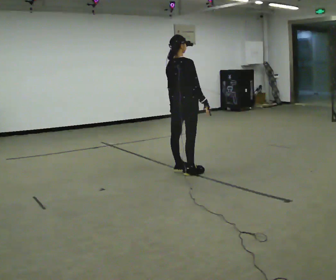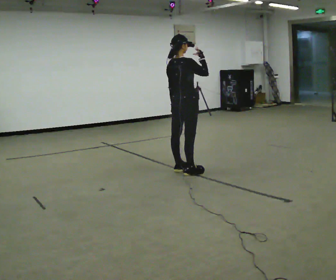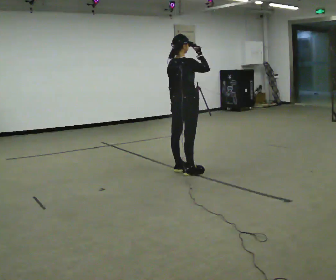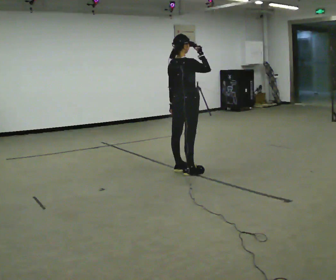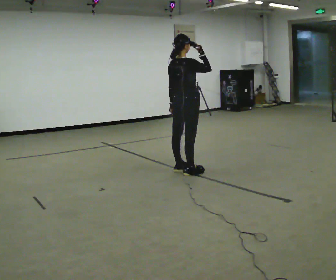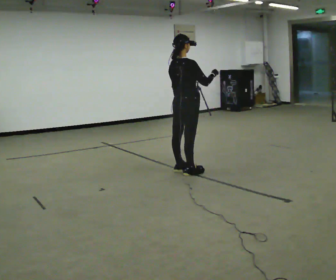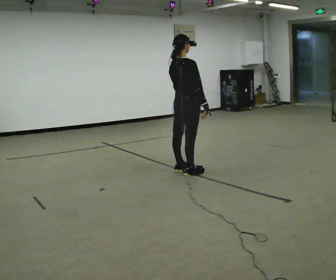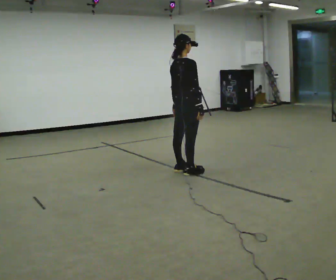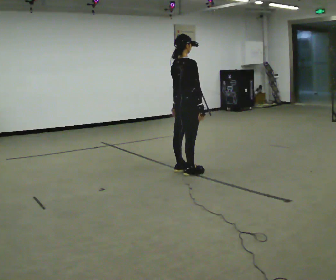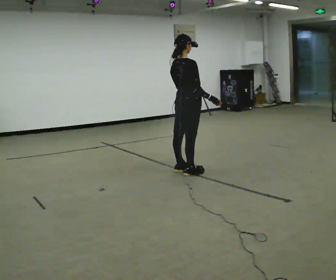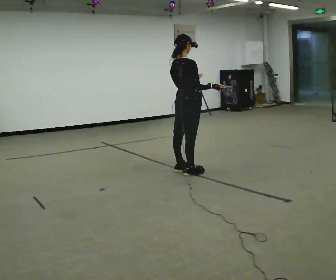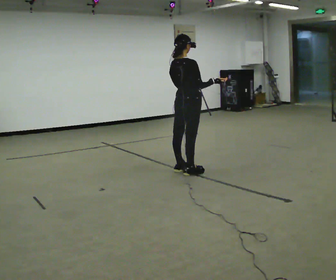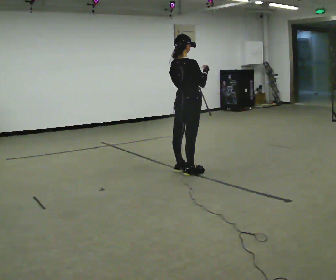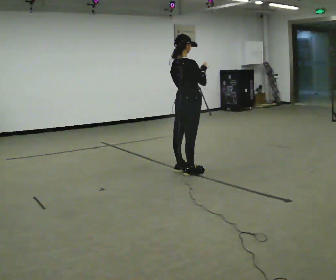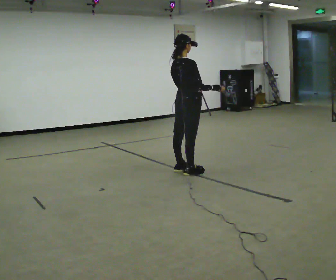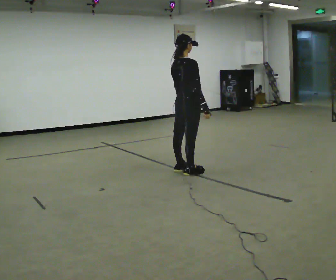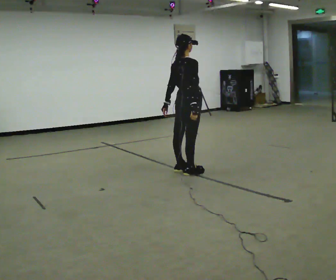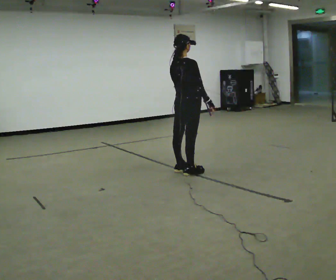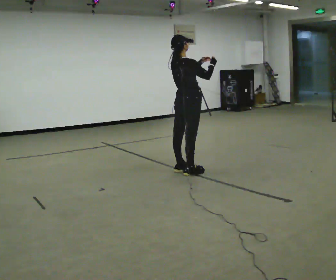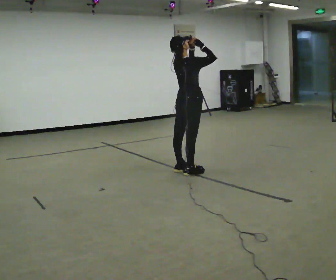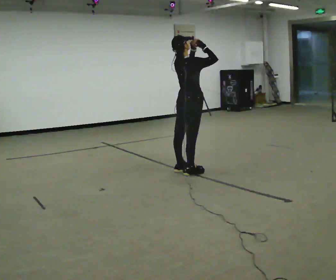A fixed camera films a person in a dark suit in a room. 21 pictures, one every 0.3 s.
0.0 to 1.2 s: In the picture their right hand goes upward.
1.2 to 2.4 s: In the picture their right hand goes downward.
2.4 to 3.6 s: In the picture their right hand goes upward, the arm swinging counterclockwise.
3.6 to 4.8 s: In the picture their right hand goes downward.
4.8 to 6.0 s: In the picture their right hand goes upward.
The film runs backward here.
